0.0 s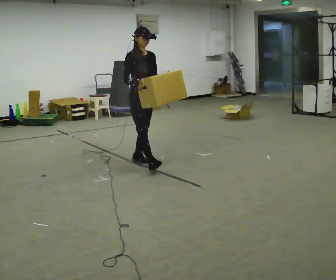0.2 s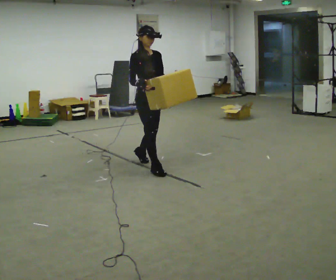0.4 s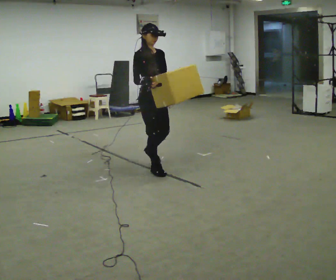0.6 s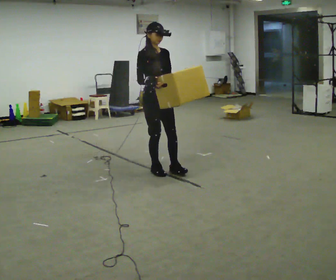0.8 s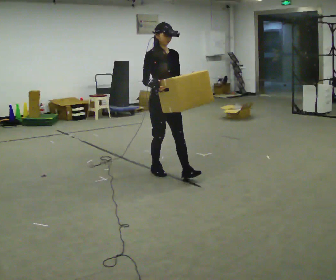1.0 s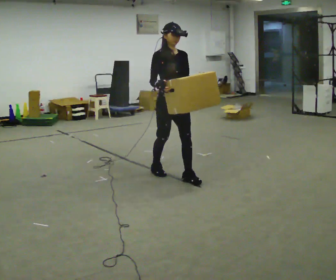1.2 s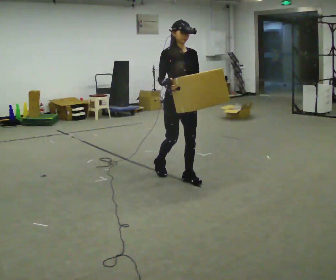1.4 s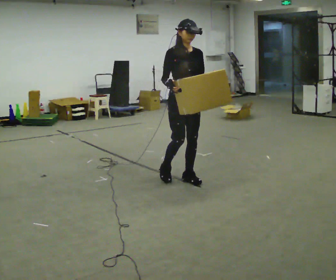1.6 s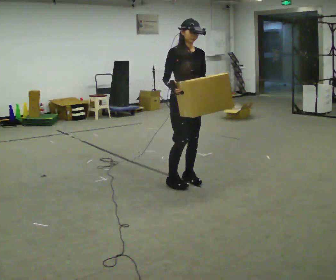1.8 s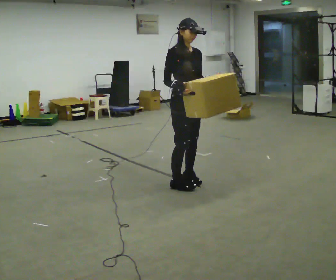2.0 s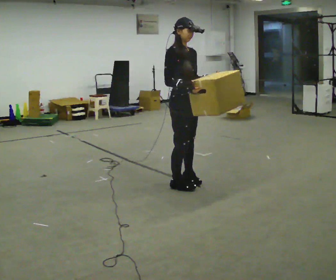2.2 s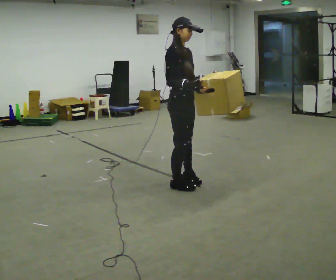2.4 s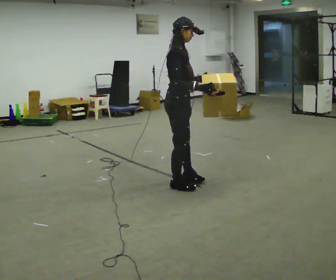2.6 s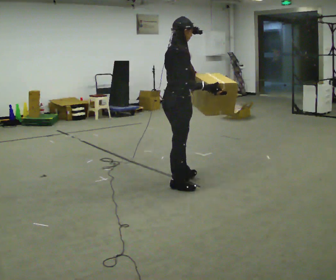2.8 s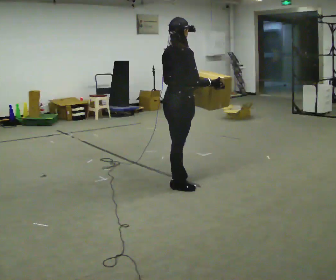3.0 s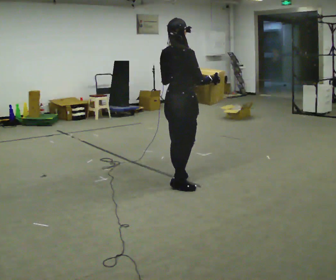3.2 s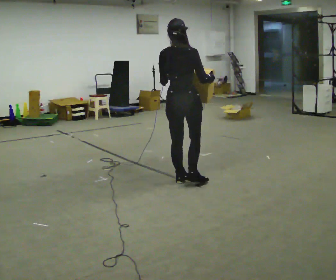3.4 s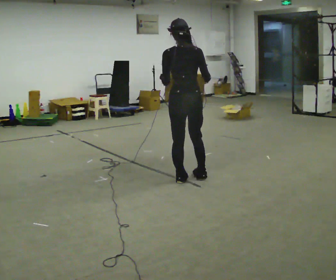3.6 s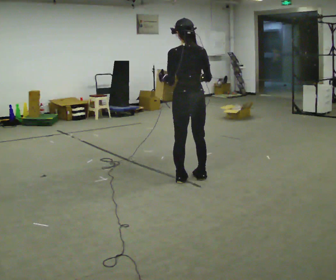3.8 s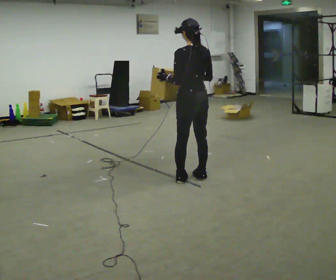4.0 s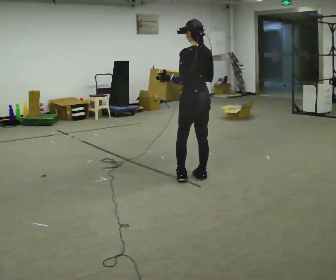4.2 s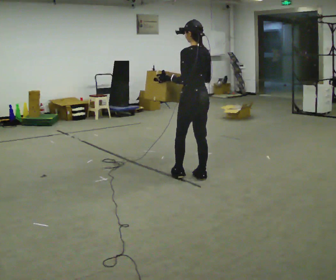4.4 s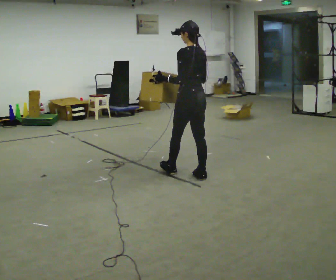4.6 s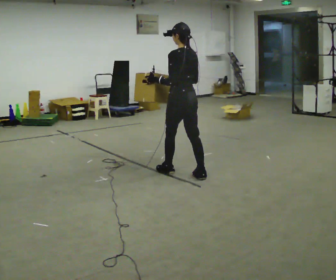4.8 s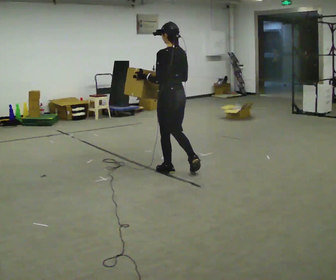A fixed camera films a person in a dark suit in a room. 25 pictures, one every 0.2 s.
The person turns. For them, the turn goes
to their left.
The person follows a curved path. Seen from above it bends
counterclockwise.
0.0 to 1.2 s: In the picture they go toward the camera and to the right, about 0.5 m in 2 steps, which for them is forward.
1.2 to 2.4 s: The person turns about 60 degrees to their left, counterclockwise seen from above, so the part of the body nearest the lens slides to the right. In the picture they go toward the camera, about 0.25 m in 1 step.
2.4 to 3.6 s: The person turns about 105 degrees to their left, counterclockwise seen from above, so the part of the body nearest the lens slides to the right. In the picture they go away from the camera, about 0.25 m in 1 step.
3.6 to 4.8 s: Seen from above the body turns counterclockwise, about 30 degrees: to their left, with its near side sliding to the right. In the picture they go away from the camera and to the left, about 0.25 m in 1 step, which for them is forward.
The film runs forward here.
